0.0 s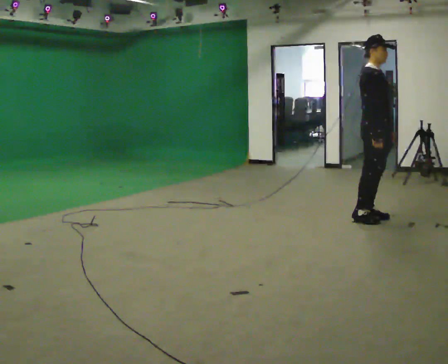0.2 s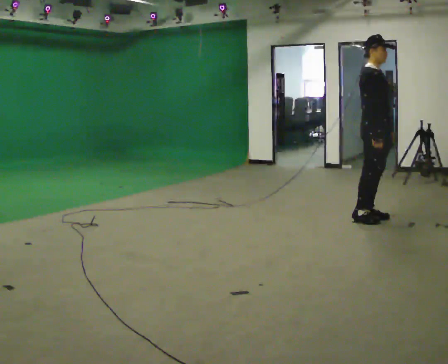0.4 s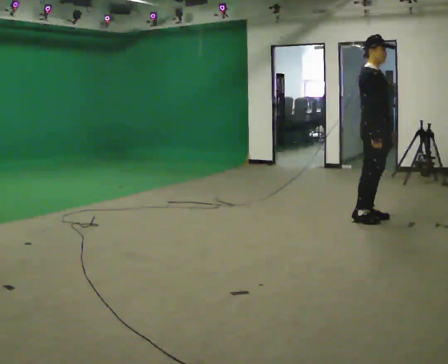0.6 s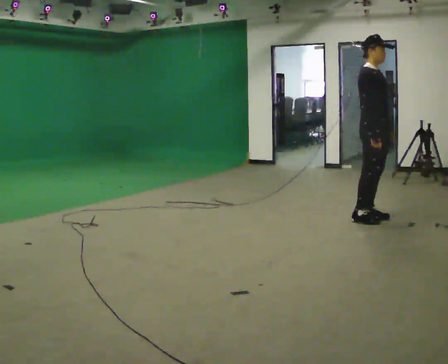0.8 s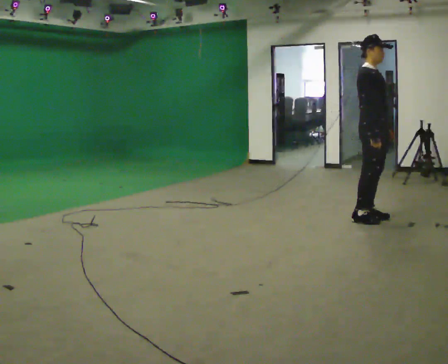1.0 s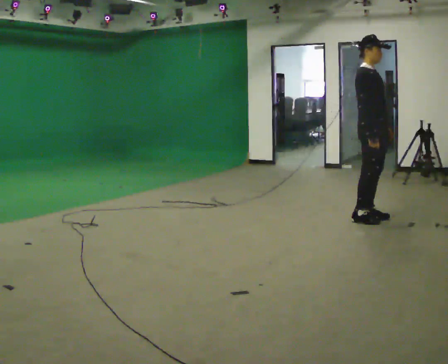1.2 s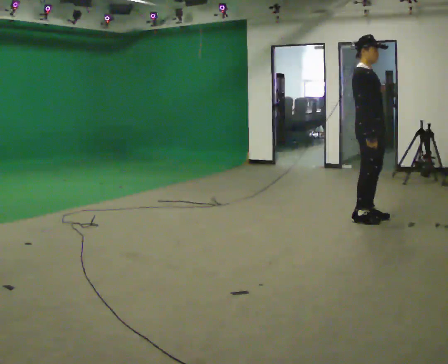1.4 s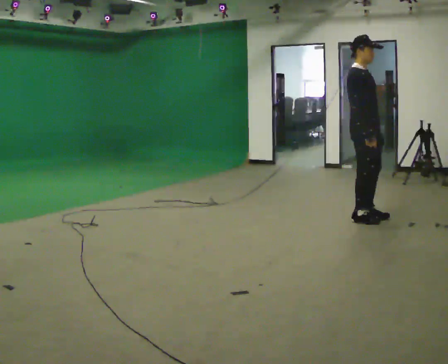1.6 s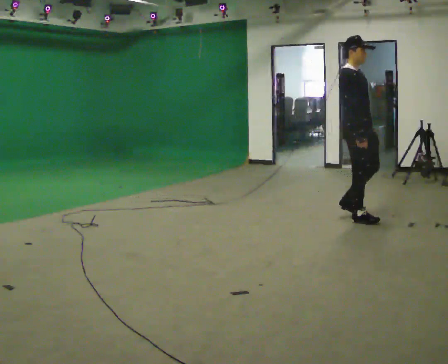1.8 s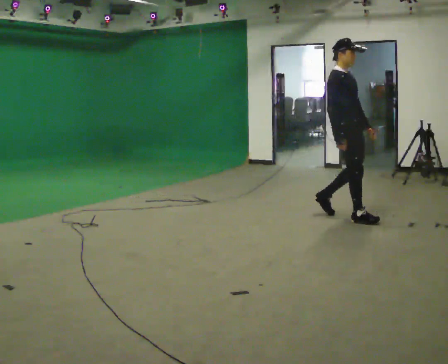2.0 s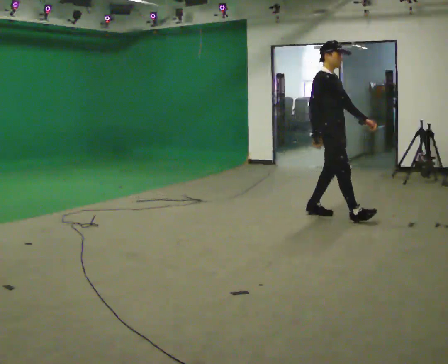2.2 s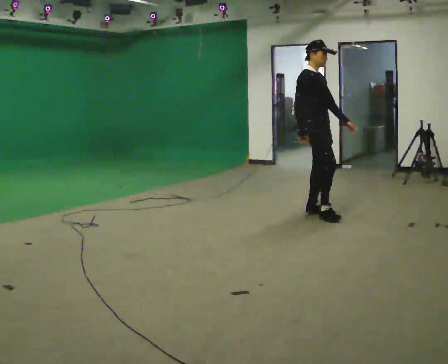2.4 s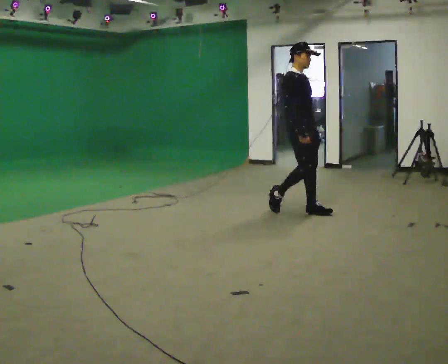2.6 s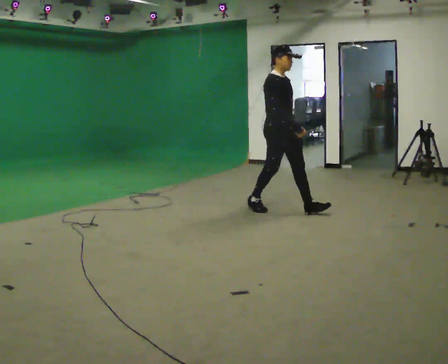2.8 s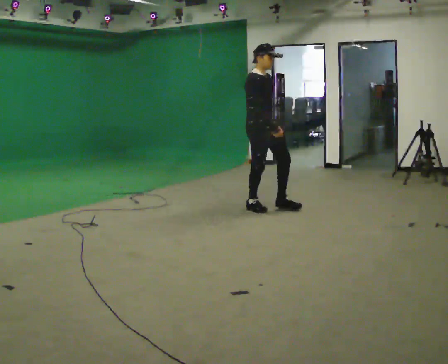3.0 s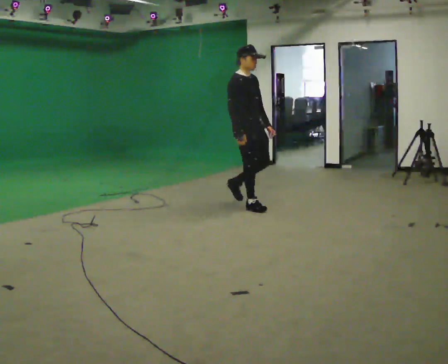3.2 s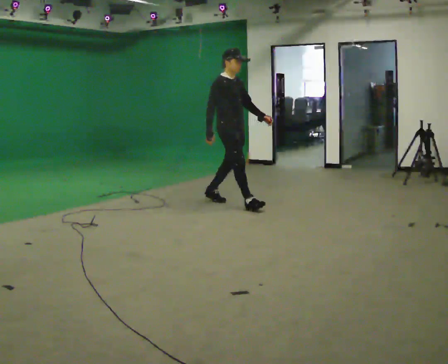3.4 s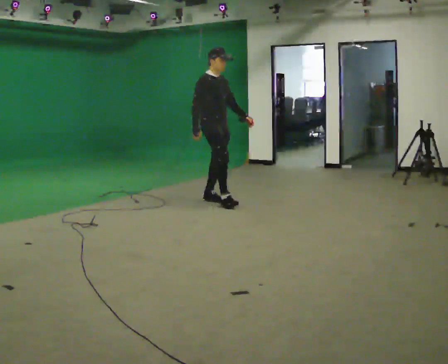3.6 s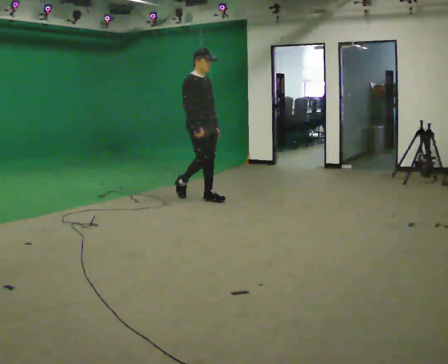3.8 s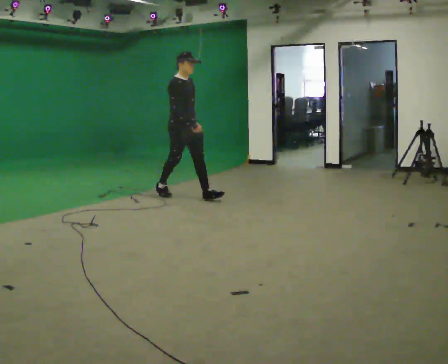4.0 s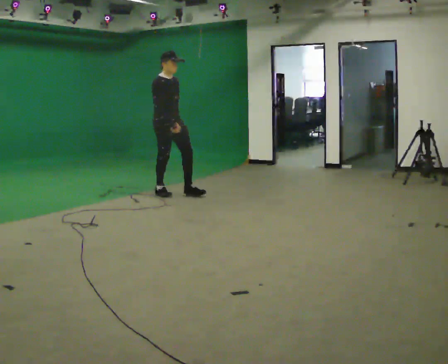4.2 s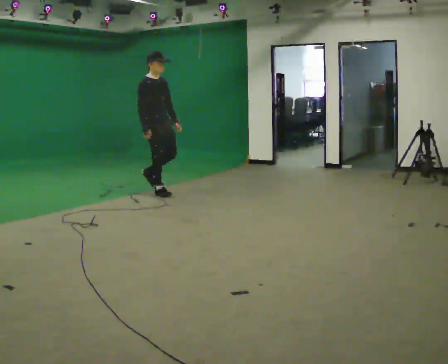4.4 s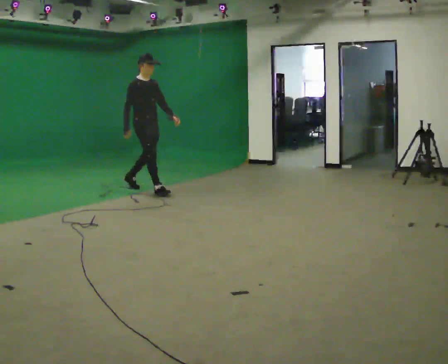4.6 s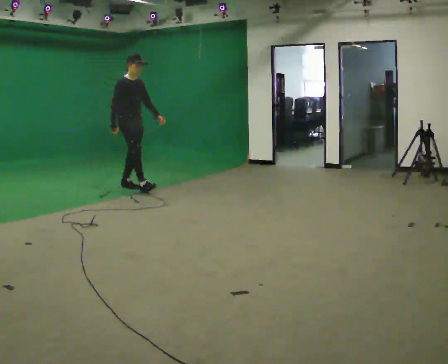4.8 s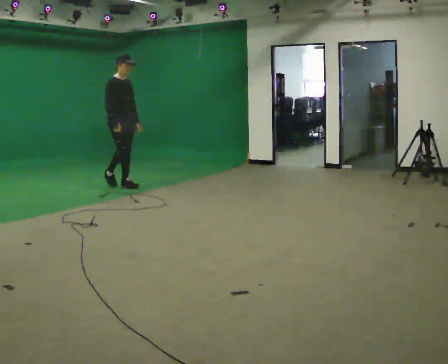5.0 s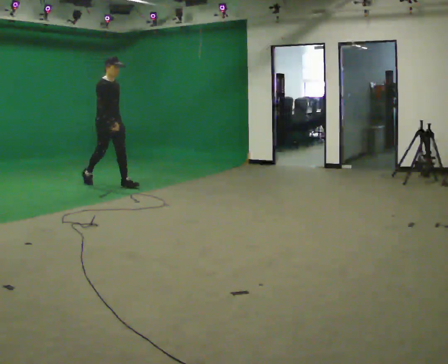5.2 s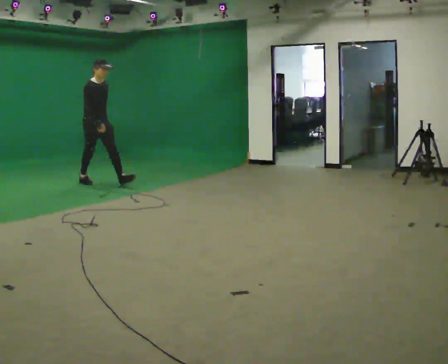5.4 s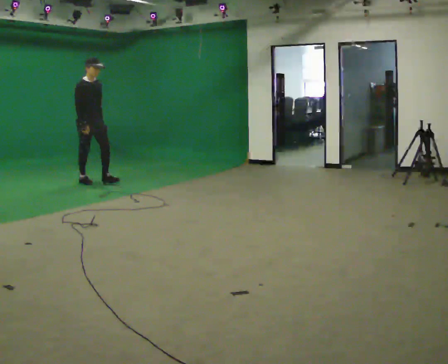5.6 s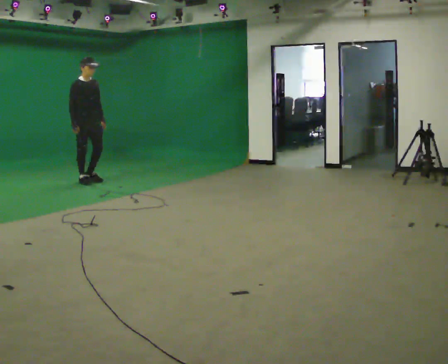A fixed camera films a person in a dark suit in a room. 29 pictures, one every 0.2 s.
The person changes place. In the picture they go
to the left.
0.0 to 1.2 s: The person moves a little, or ends about where they began.
1.2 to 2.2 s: In the picture they go to the left and away from the camera, about 0.5 m in 2 steps, which for them is backward.
2.2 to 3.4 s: In the picture they go to the left and away from the camera, about 1 m in 2 steps, which for them is backward.
3.4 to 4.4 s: In the picture they go to the left and away from the camera, about 1 m in 1 step, which for them is backward.
4.4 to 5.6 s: In the picture they go to the left and away from the camera, about 1 m in 2 steps, which for them is backward.
The film runs backward here.
